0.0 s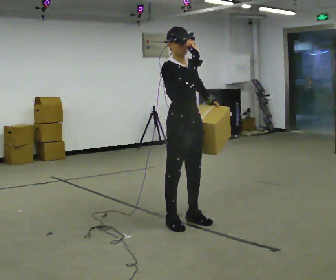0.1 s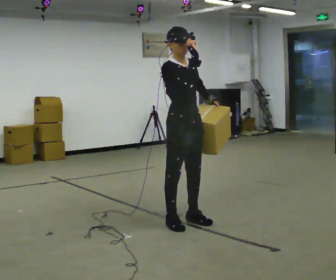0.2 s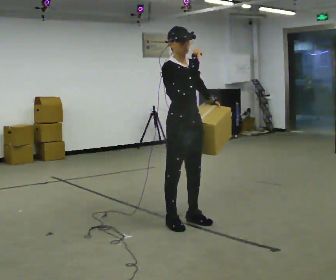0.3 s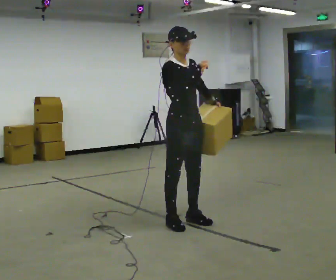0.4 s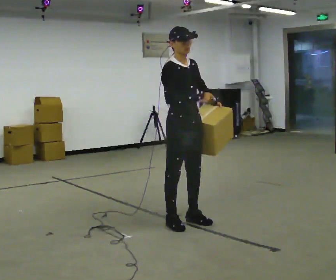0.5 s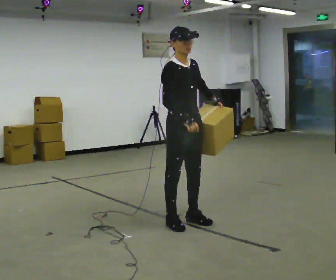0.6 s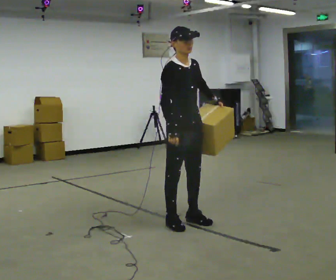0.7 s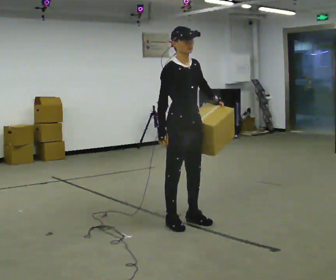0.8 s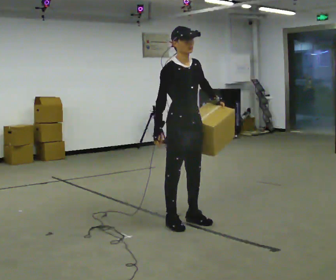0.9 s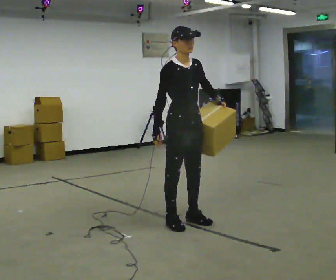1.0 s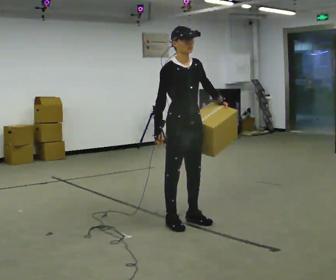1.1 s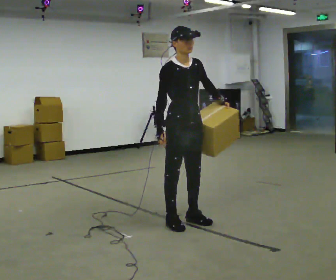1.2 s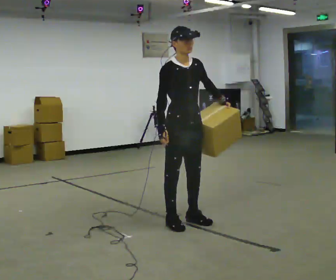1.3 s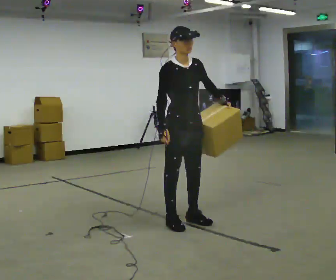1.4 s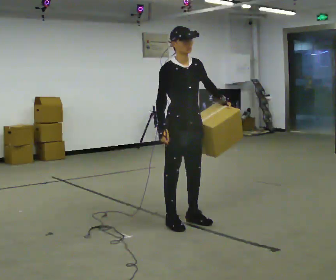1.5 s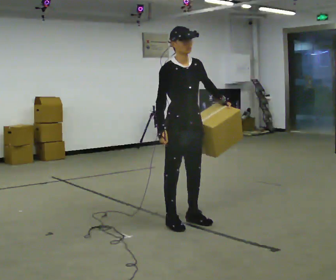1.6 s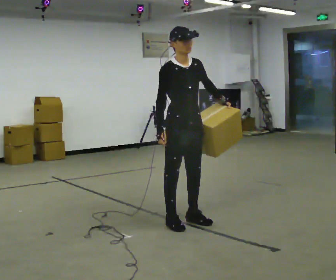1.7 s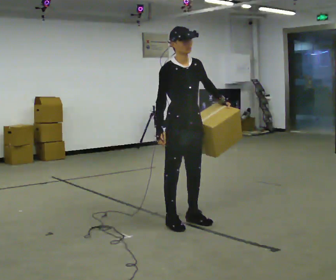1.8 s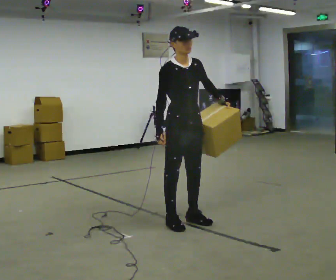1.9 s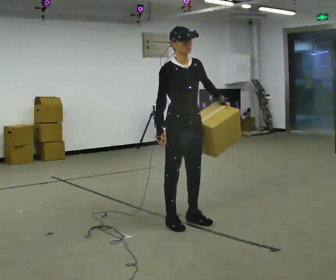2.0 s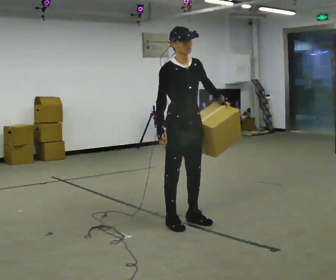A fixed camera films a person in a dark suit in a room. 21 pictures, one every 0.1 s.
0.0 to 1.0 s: In the picture their right hand goes downward and to the left.
1.0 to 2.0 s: The person moves a little, or ends about where they began.
The film runs forward here.
